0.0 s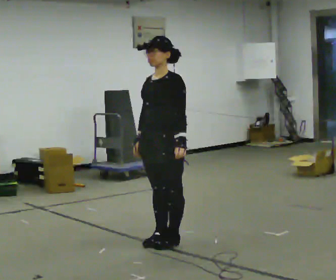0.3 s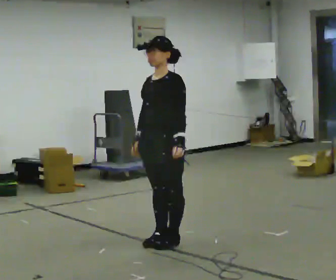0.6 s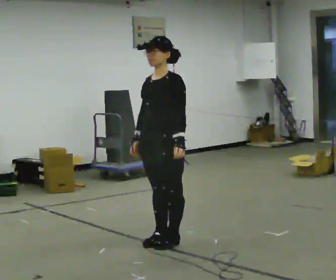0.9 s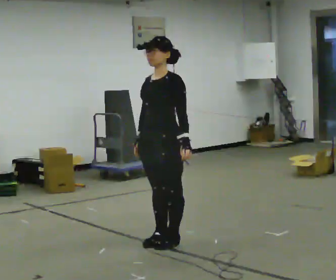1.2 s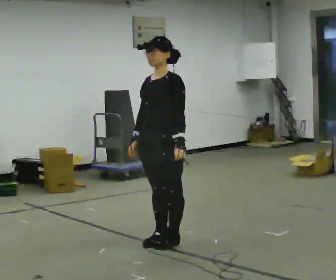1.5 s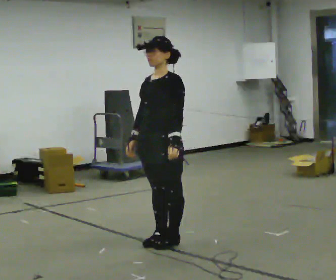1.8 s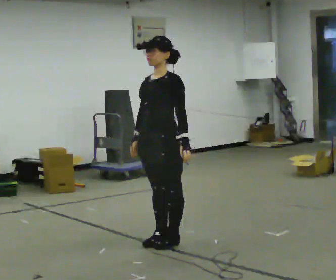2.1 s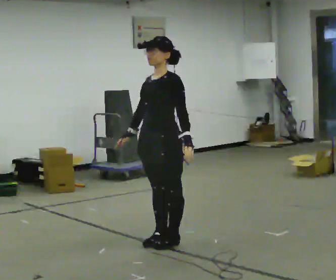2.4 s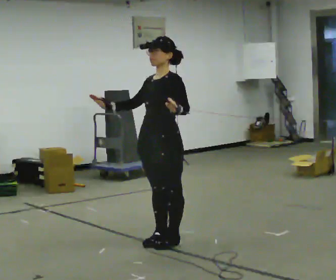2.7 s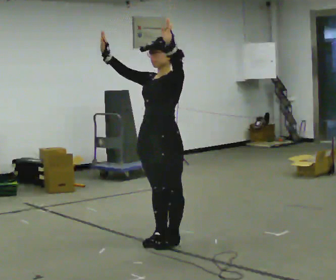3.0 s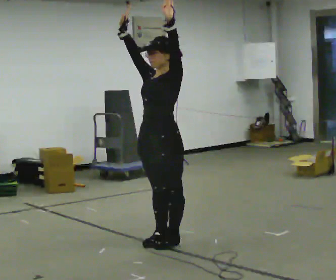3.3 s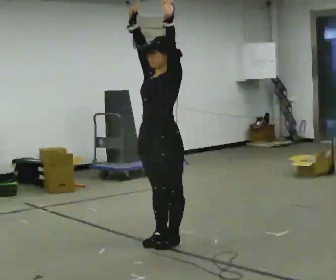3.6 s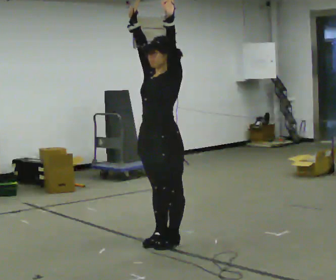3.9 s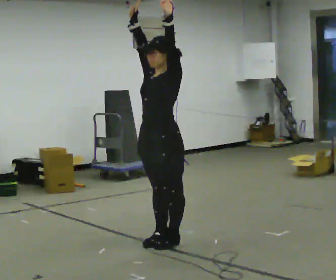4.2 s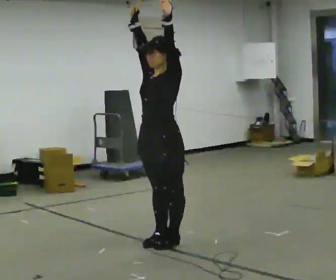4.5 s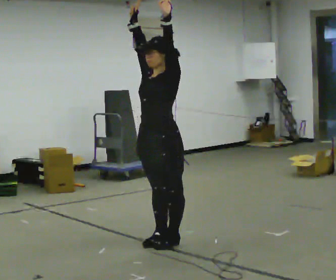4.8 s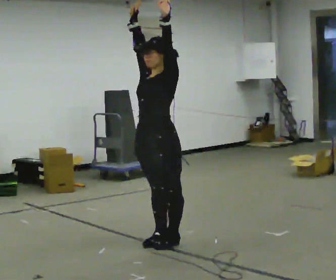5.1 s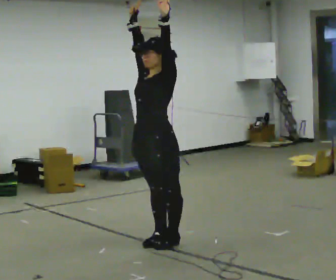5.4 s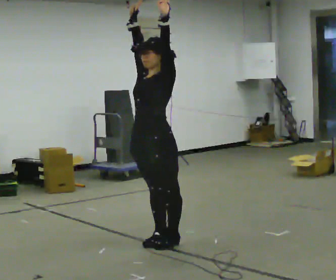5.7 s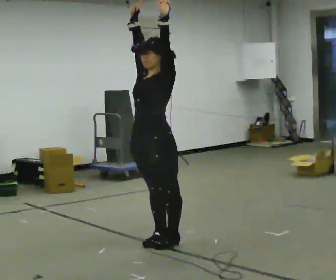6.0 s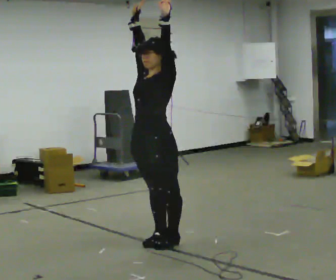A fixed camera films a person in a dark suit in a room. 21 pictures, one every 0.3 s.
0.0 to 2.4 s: The person moves a little, or ends about where they began.
2.4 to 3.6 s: In the picture their right hand goes upward, the arm swinging clockwise.
3.6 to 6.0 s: The person moves a little, or ends about where they began.
The film runs backward here.
